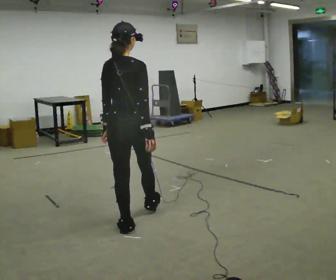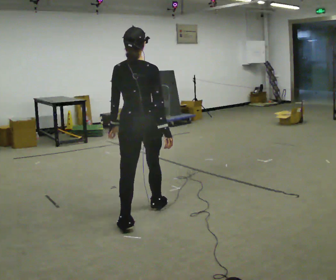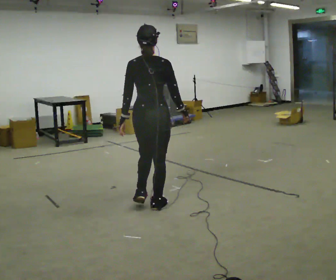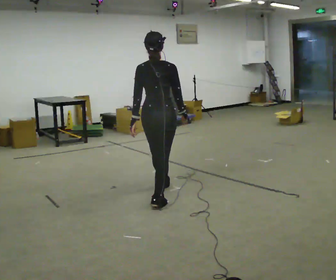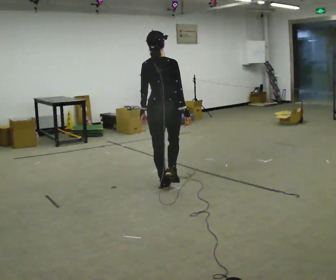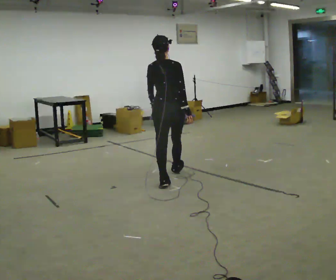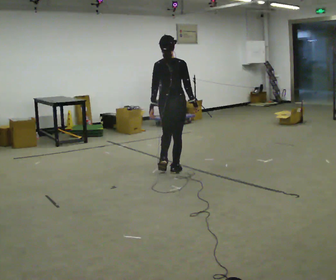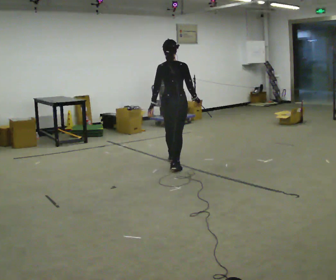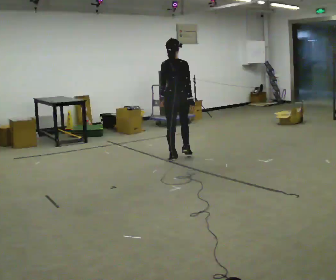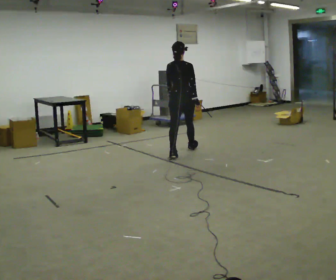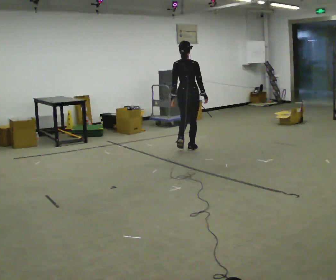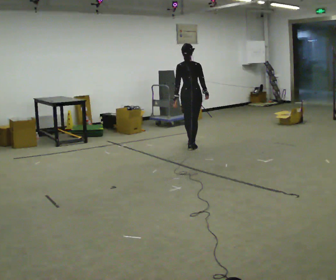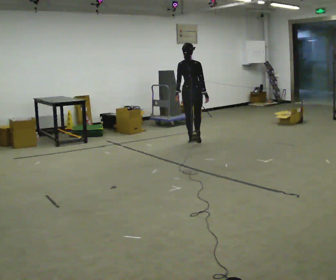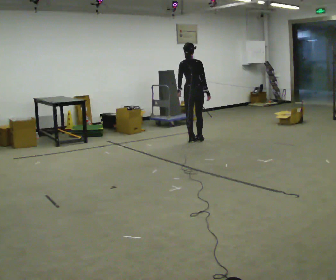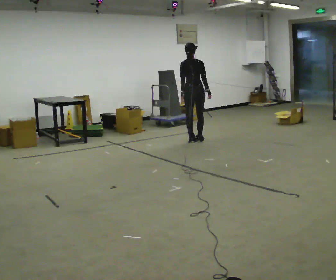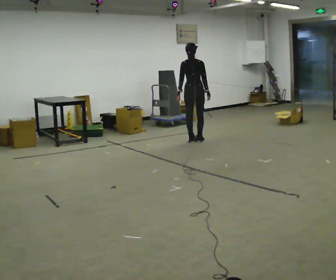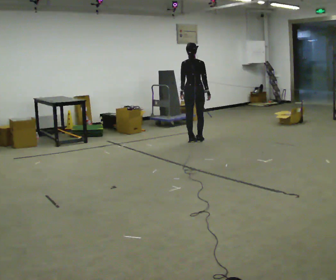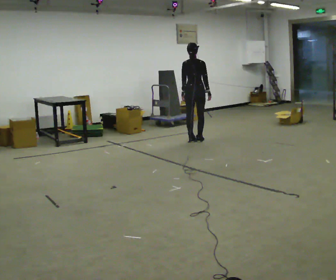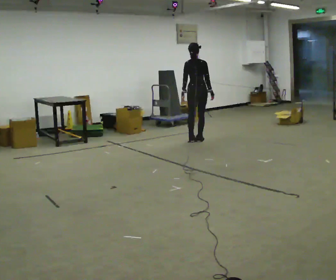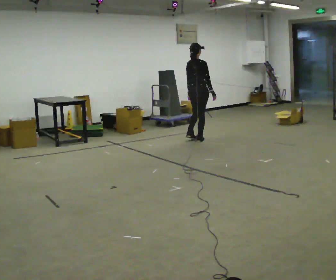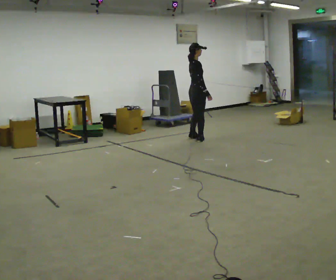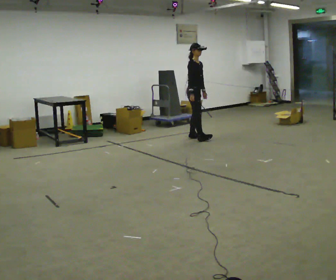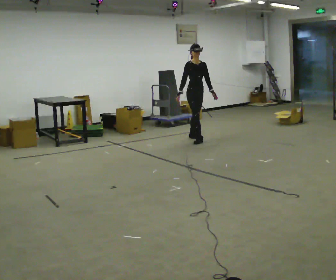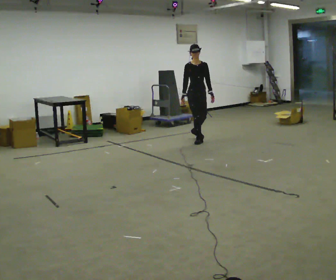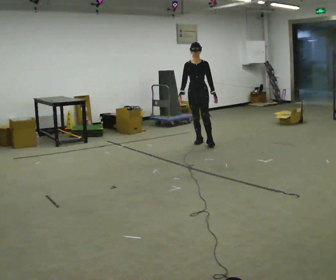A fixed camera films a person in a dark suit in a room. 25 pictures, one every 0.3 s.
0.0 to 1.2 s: In the picture they go away from the camera, about 1 m in 2 steps, which for them is forward.
1.2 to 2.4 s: In the picture they go away from the camera, about 1 m in 2 steps, which for them is forward.
2.4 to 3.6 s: In the picture they go away from the camera, about 1 m in 2 steps, which for them is forward.
3.6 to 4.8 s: The person moves a little, or ends about where they began.
4.8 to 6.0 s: The part of the body nearest the lens slides to the left as the person turns to their right by about 75 degrees.
6.0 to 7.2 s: Seen from above the body turns clockwise, about 105 degrees: to their right, with its near side sliding to the left. In the picture they go toward the camera, about 0.25 m.
The film runs forward here.
